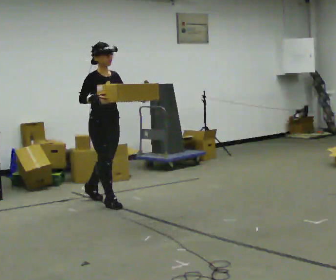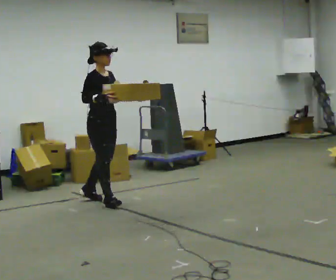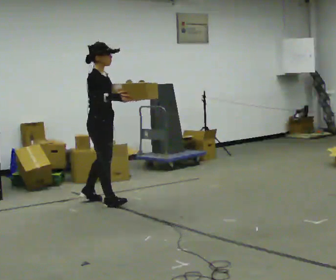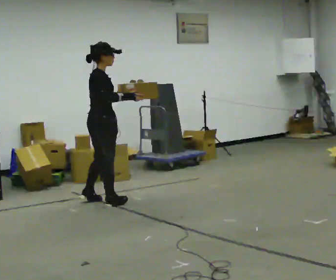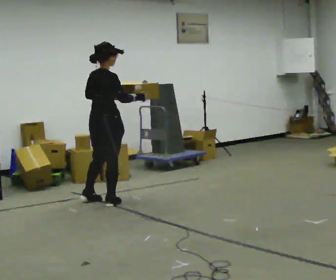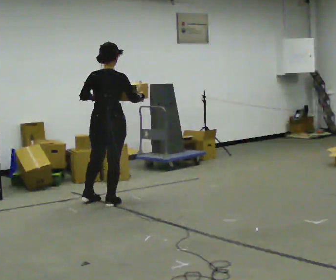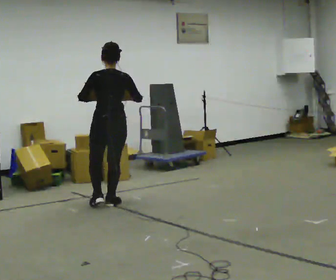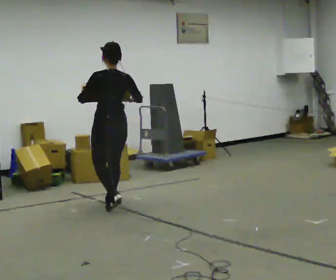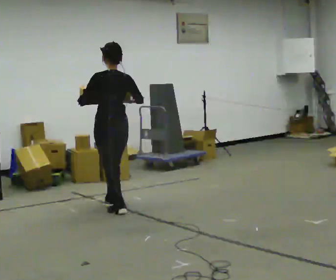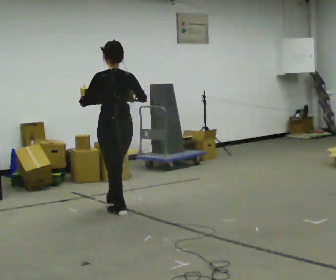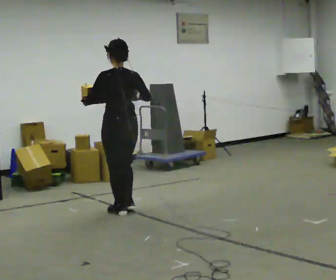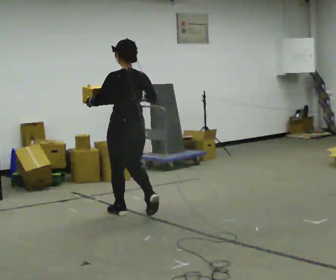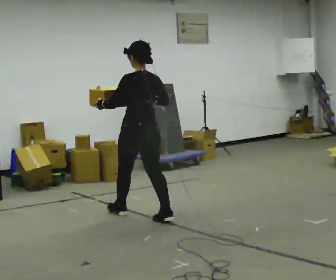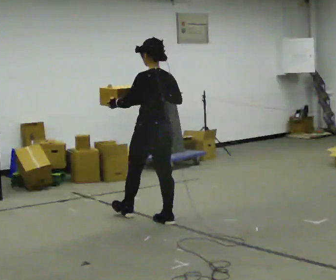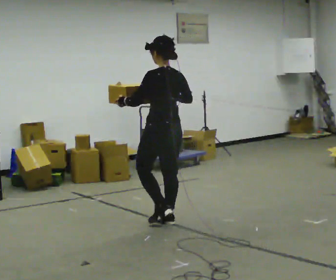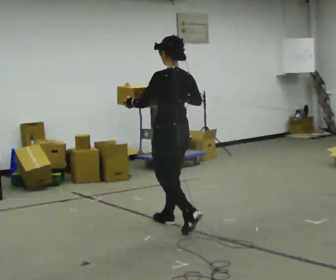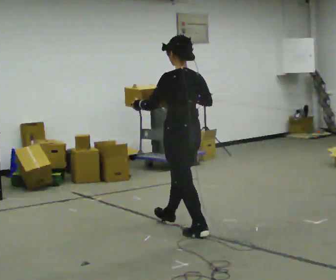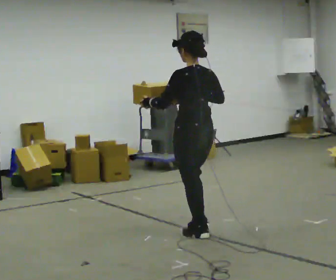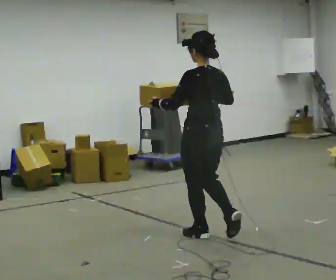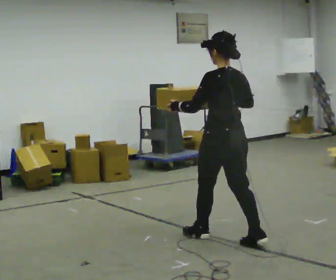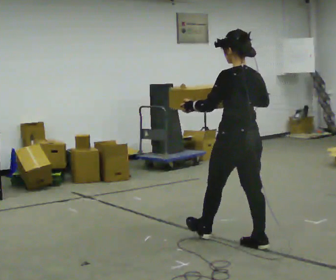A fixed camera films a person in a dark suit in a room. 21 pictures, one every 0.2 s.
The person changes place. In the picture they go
toward the camera.
The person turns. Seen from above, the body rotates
counterclockwise.
0.0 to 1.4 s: The part of the body nearest the lens slides to the right as the person turns to their left by about 150 degrees. In the picture their left hand goes to the left.
1.4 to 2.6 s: In the picture they go toward the camera and to the right, about 0.5 m in 2 steps, which for them is backward.
2.6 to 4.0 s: In the picture they go toward the camera and to the right, about 1 m in 2 steps, which for them is backward.
The film runs backward here.
